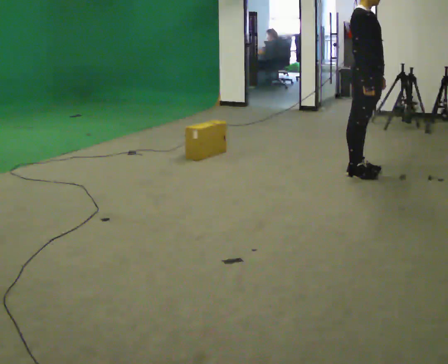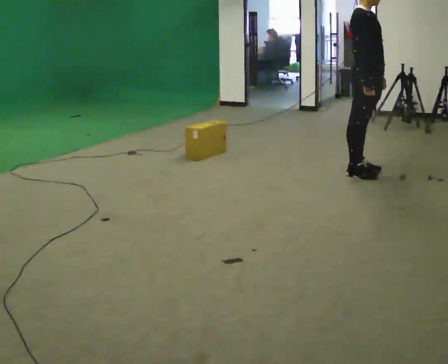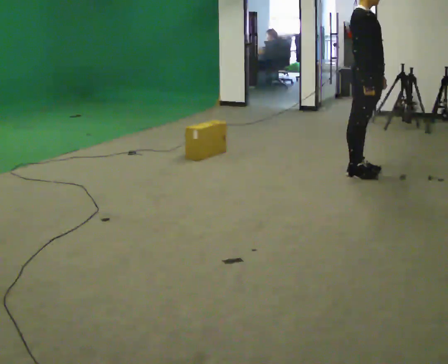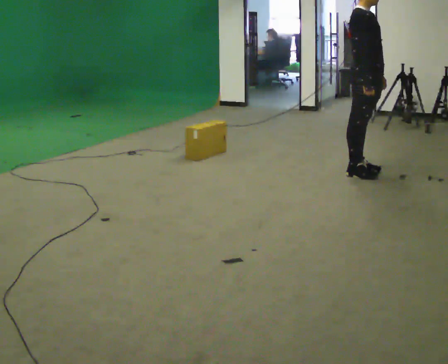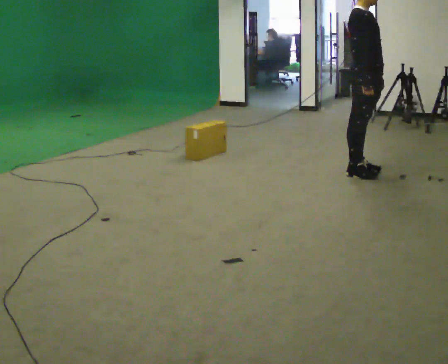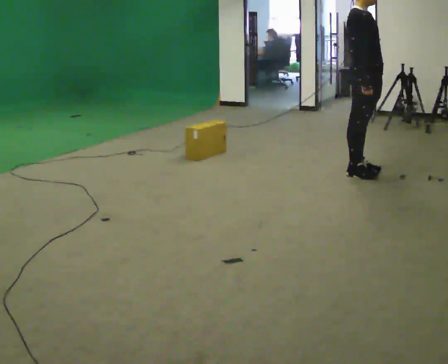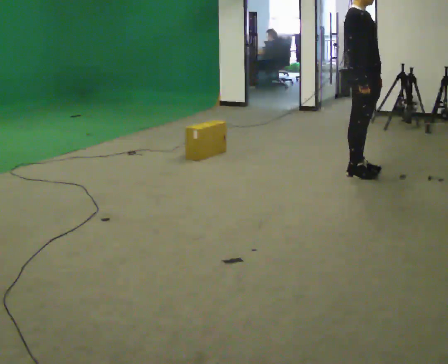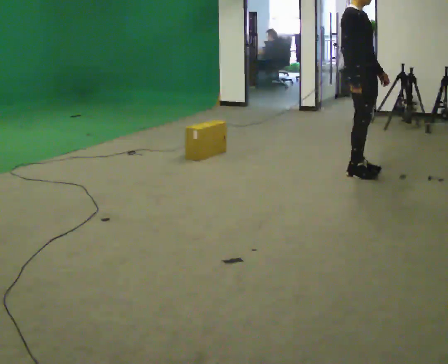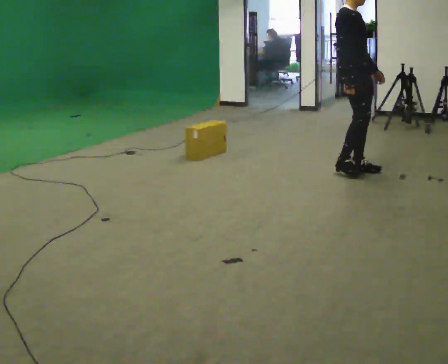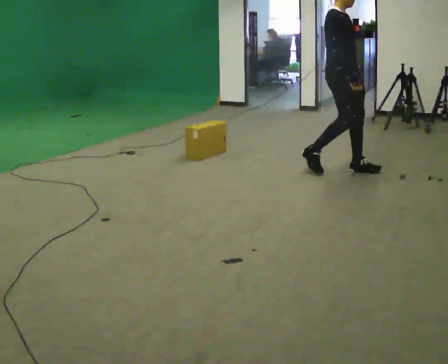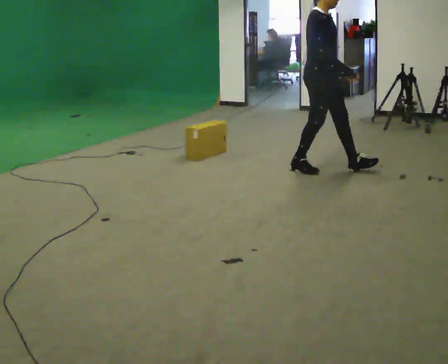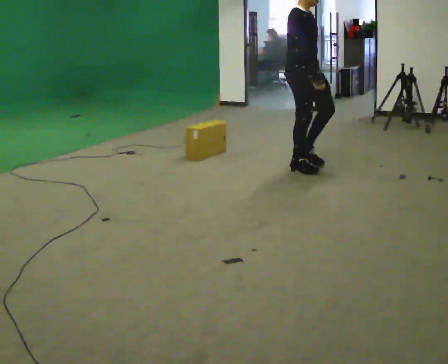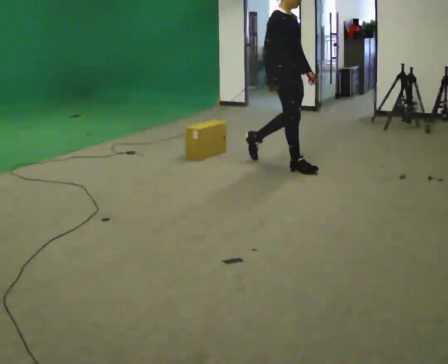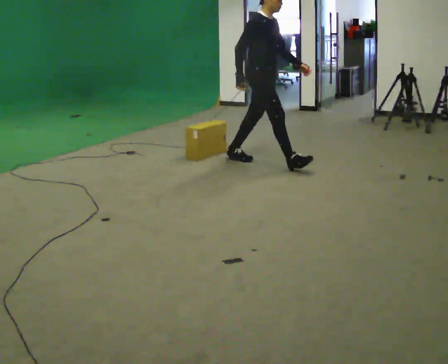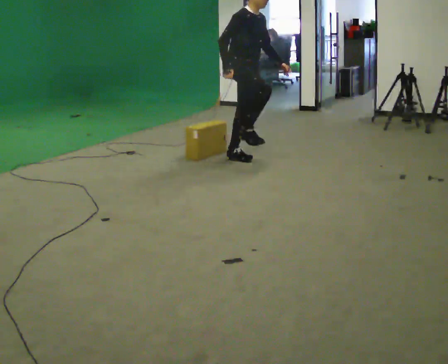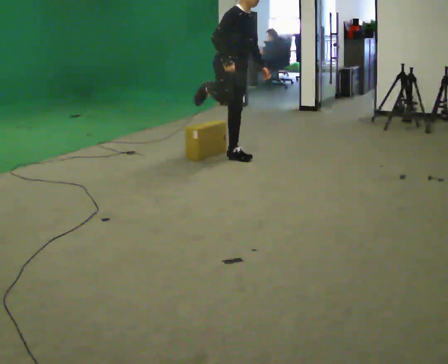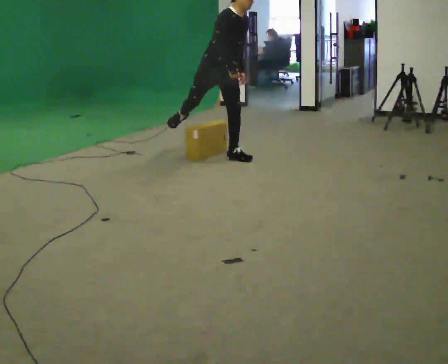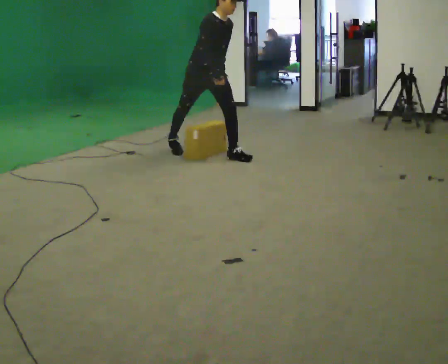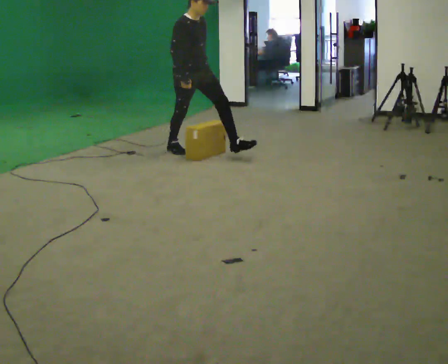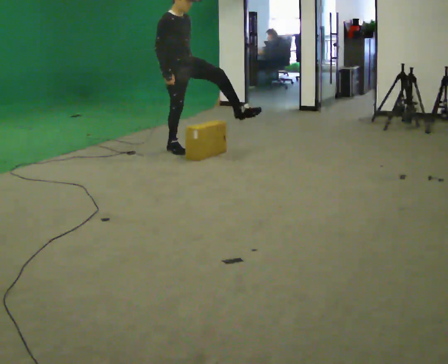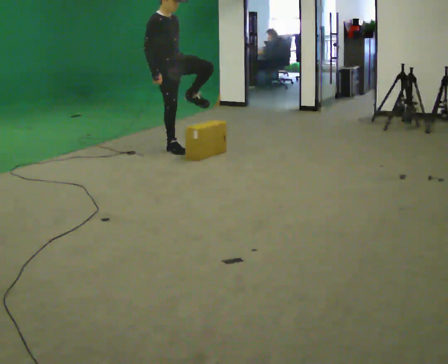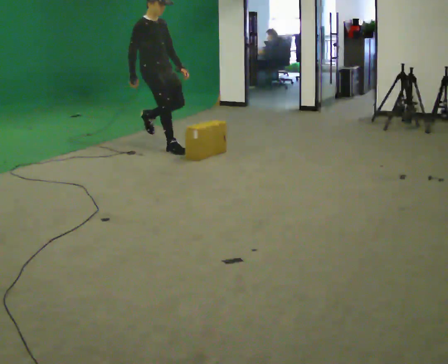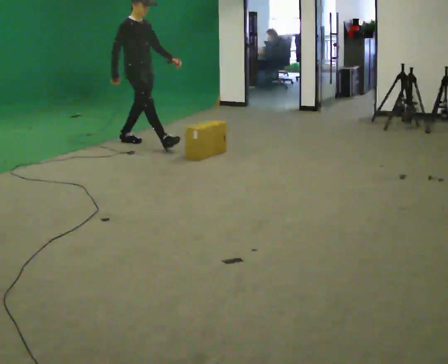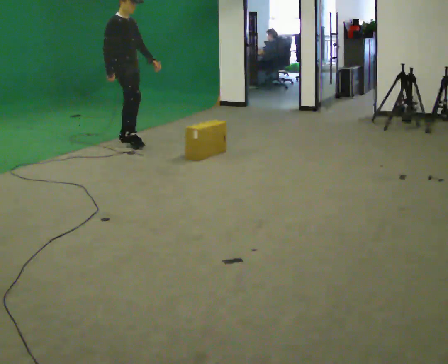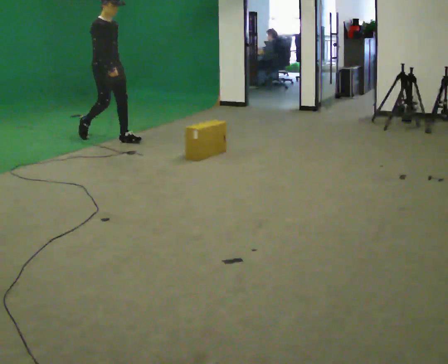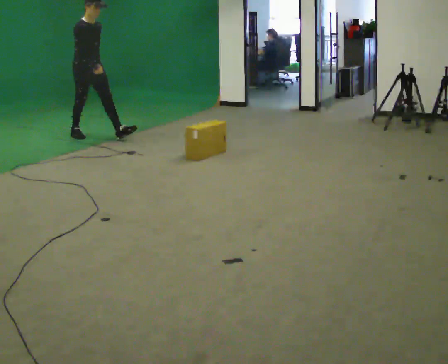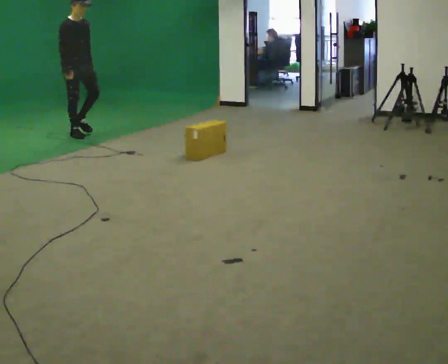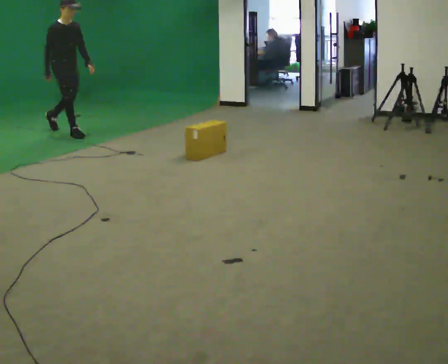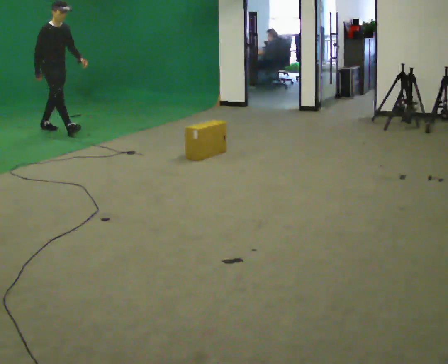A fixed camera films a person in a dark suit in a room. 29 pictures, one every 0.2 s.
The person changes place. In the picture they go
to the left.
0.0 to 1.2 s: The person moves a little, or ends about where they began.
1.2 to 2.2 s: In the picture they go to the left, about 0.5 m in 2 steps, which for them is backward.
2.2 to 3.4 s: The person turns about 30 degrees to their right, clockwise seen from above, so the part of the body nearest the lens slides to the left. In the picture they go to the left and away from the camera, about 1 m in 1 step, which for them is backward. In the picture the upper body tilts clockwise, shoulders to the right, as they bend forward.
3.4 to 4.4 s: The part of the body nearest the lens slides to the right as the person turns to their left by about 30 degrees. In the picture they go to the left and away from the camera, about 1 m in 2 steps, which for them is backward. In the picture the upper body tilts counterclockwise, shoulders to the left, as they lean back or straighten.
4.4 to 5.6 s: In the picture they go to the left and away from the camera, about 1.5 m in 2 steps, which for them is backward.
The film runs backward here.
